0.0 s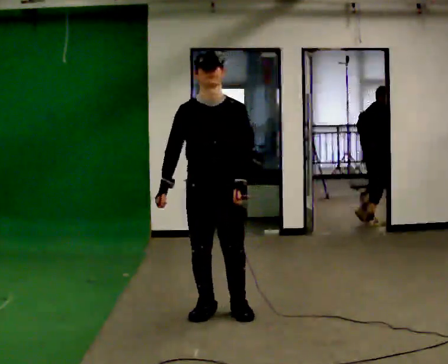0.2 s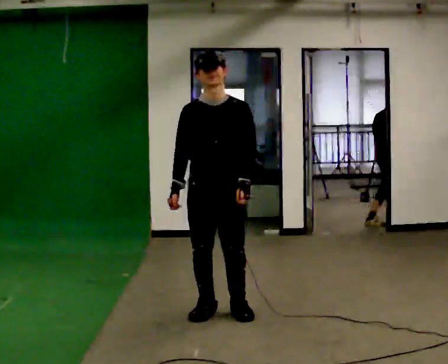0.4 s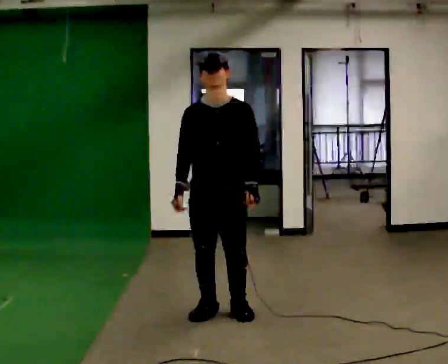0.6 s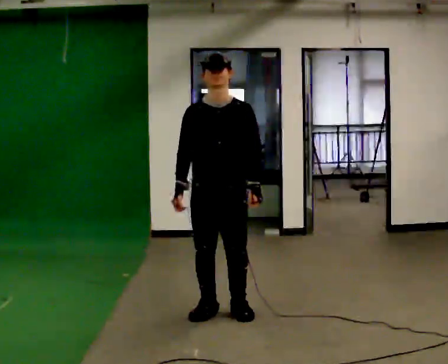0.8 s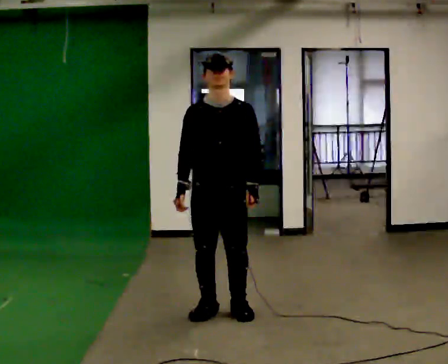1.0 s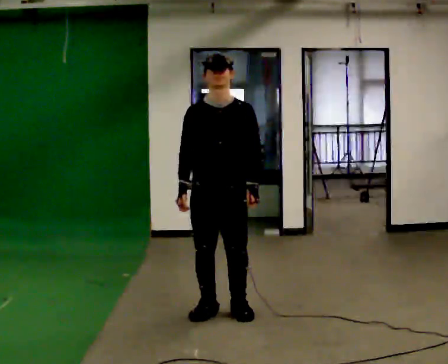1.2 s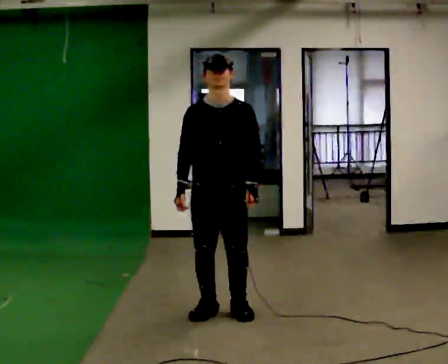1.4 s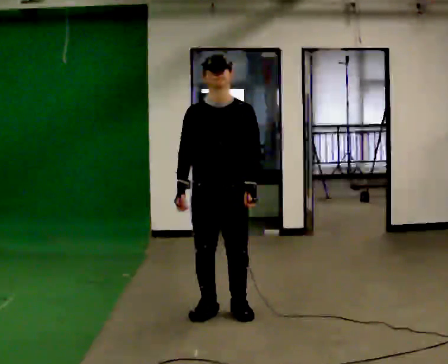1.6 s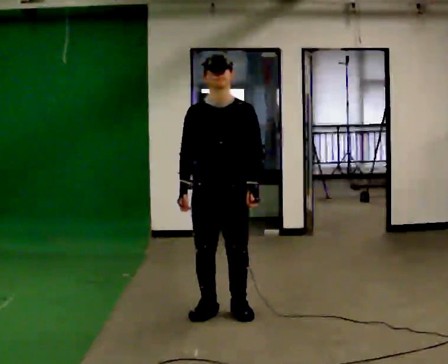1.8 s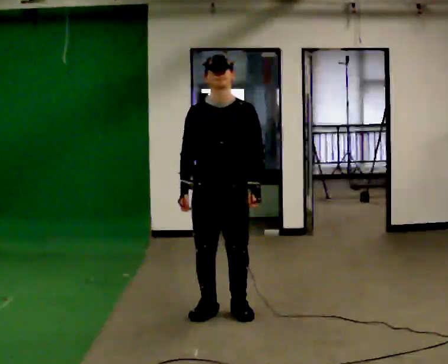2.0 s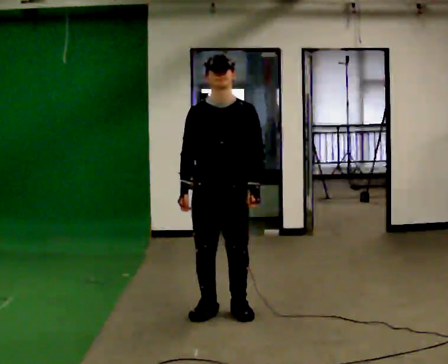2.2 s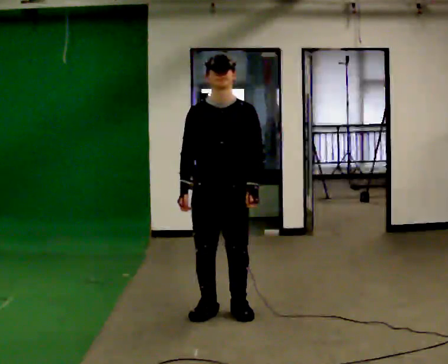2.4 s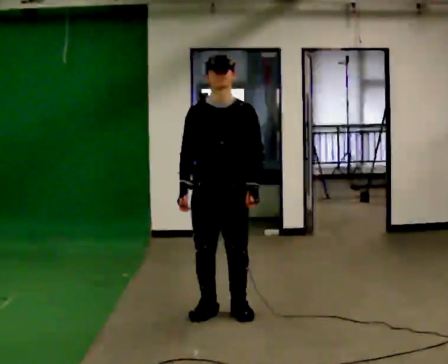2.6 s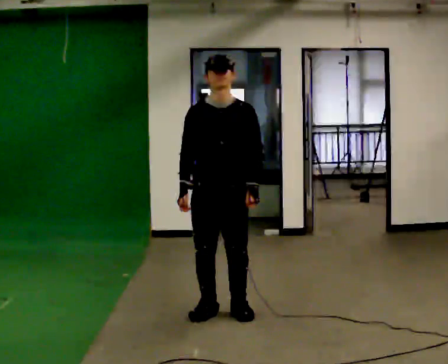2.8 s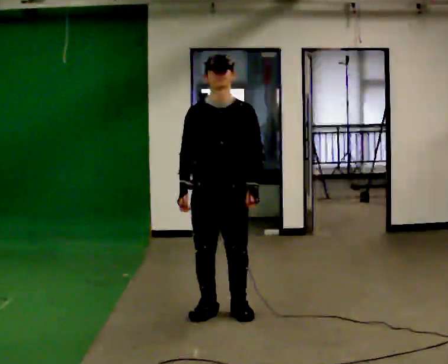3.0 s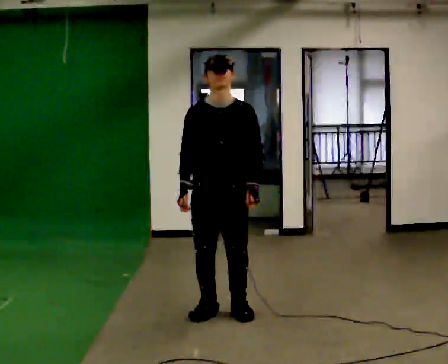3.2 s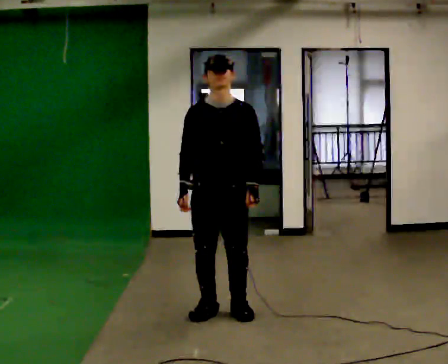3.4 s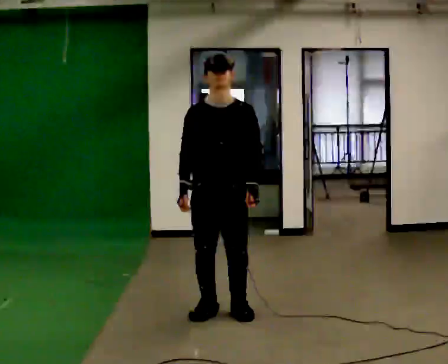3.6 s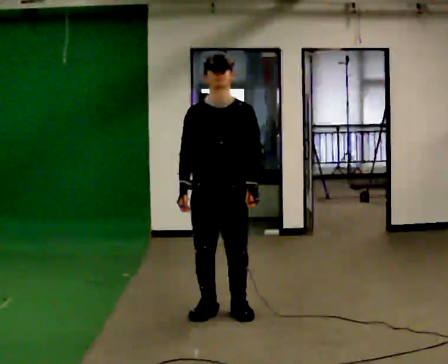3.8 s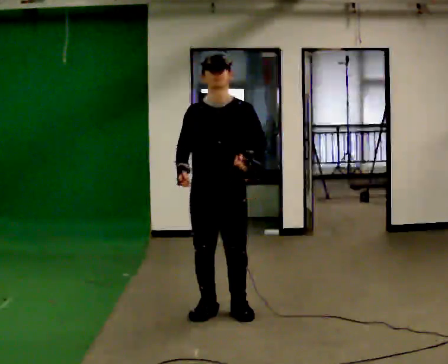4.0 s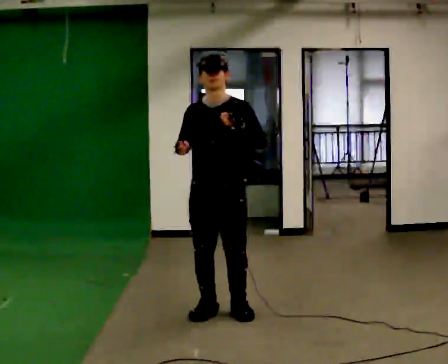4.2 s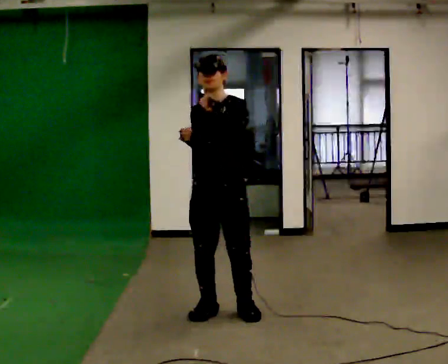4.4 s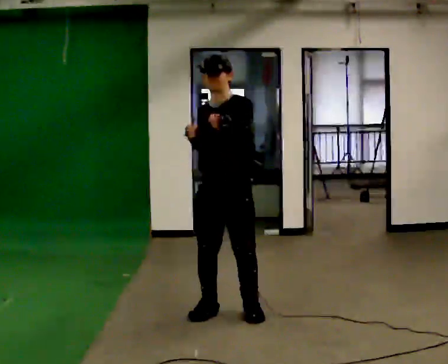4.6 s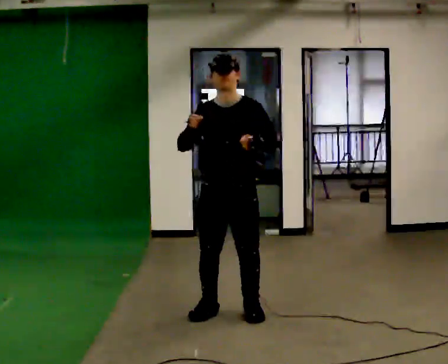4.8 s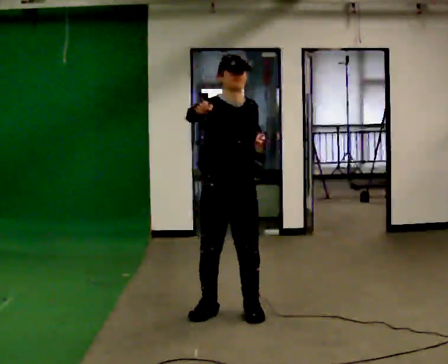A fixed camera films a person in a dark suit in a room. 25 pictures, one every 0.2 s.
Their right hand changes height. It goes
upward.
0.0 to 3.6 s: The person moves a little, or ends about where they began.
3.6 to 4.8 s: In the picture their right hand goes upward.
The film runs forward here.
